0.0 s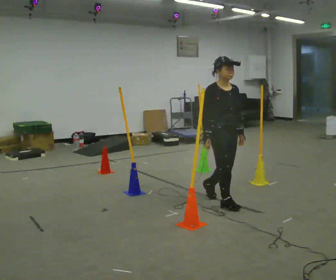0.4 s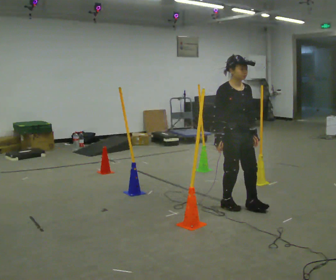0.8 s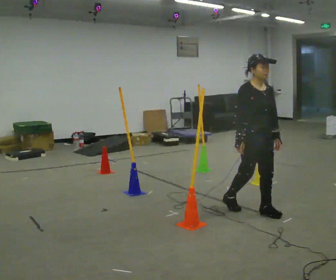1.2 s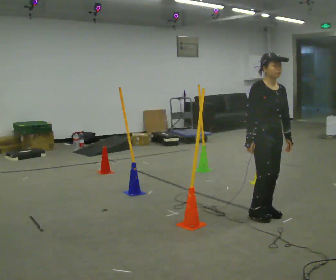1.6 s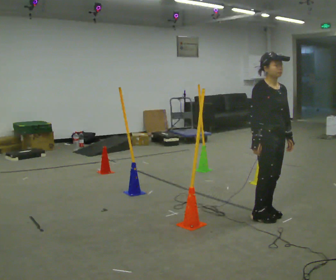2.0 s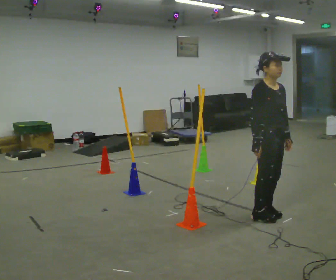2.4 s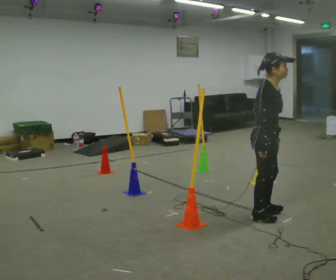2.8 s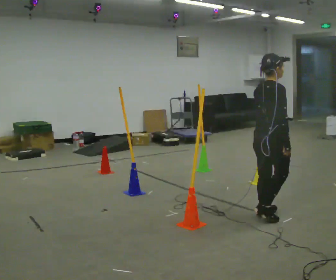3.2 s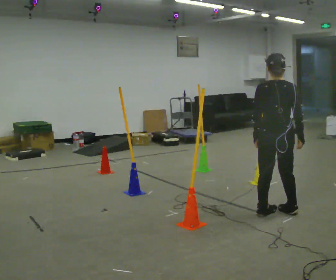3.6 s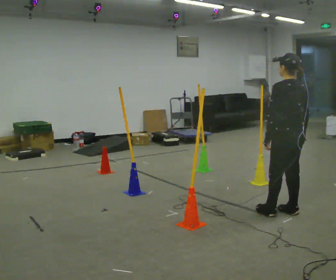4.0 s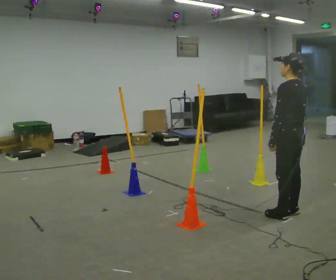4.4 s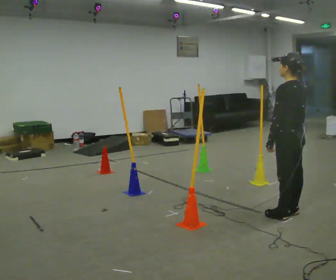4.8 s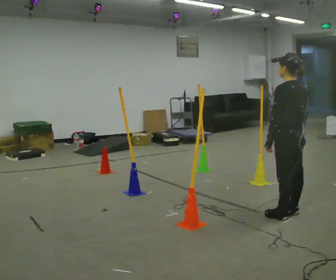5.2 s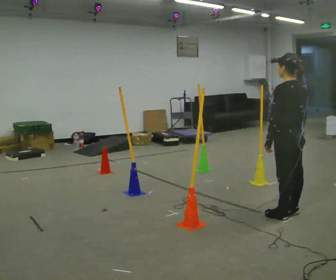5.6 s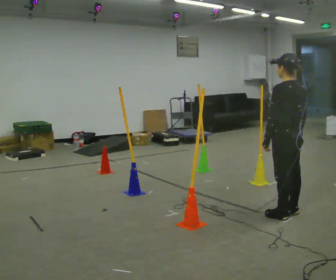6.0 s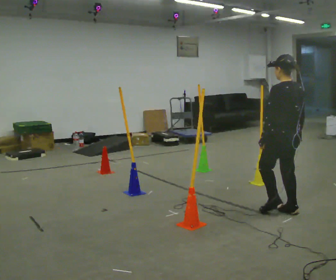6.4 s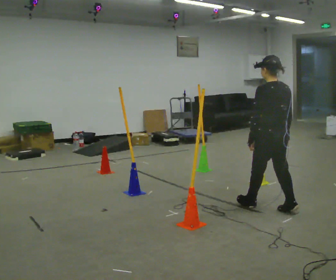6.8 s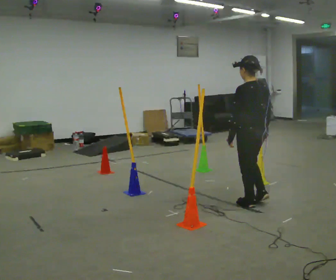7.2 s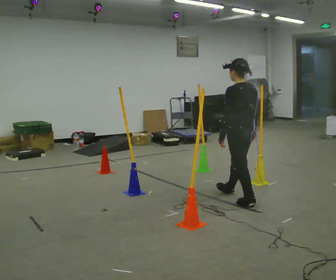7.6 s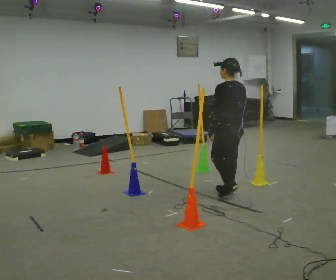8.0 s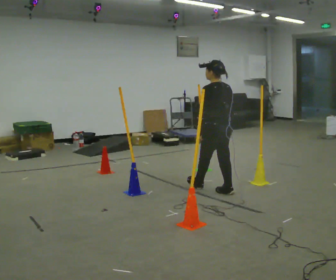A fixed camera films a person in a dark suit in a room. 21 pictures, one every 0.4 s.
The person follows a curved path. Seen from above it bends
counterclockwise.
0.0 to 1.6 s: In the picture they go to the right and toward the camera, about 0.5 m in 2 steps, which for them is forward.
1.6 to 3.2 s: Seen from above the body turns counterclockwise, about 120 degrees: to their left, with its near side sliding to the right. In the picture their right hand goes to the right.
3.2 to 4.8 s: The person turns about 60 degrees to their left, counterclockwise seen from above, so the part of the body nearest the lens slides to the right.
4.8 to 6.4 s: In the picture they go away from the camera and to the left, about 0.25 m in 1 step, which for them is forward.
6.4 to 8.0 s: In the picture they go away from the camera and to the left, about 1 m in 2 steps, which for them is forward.
The film runs forward here.
